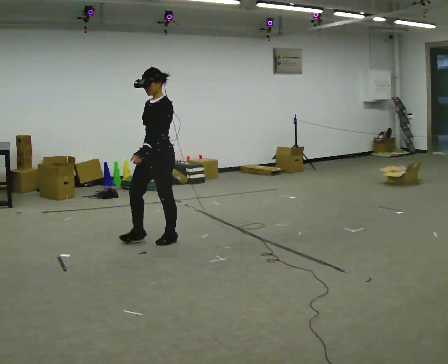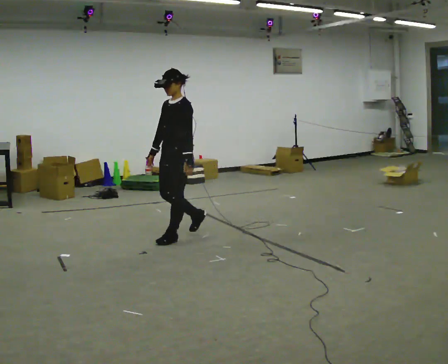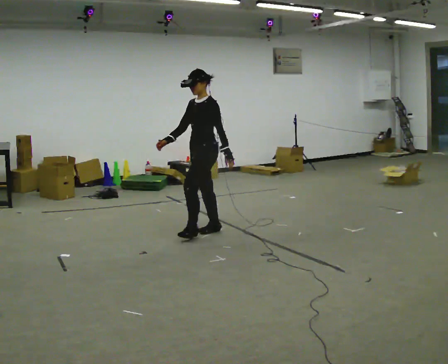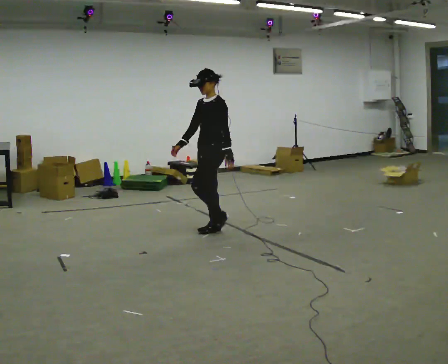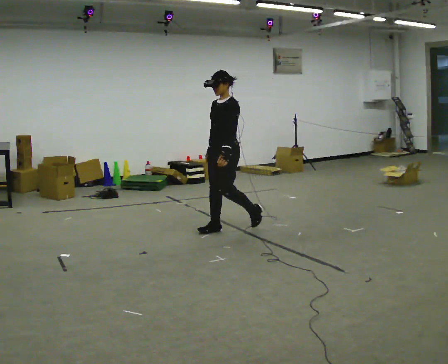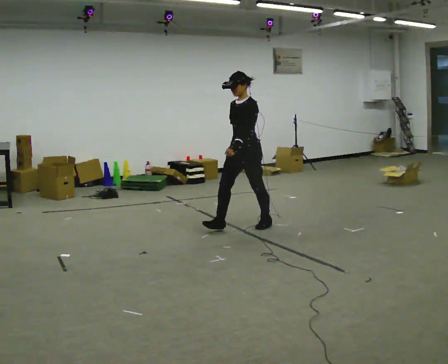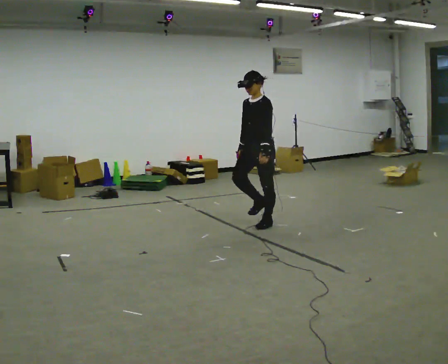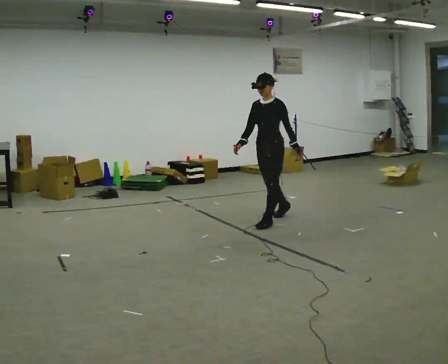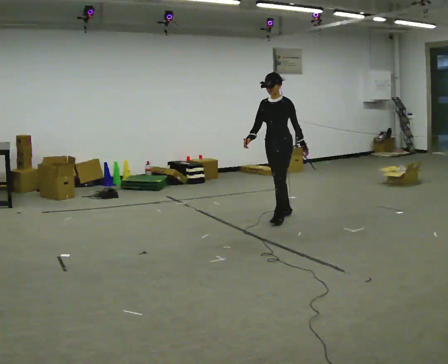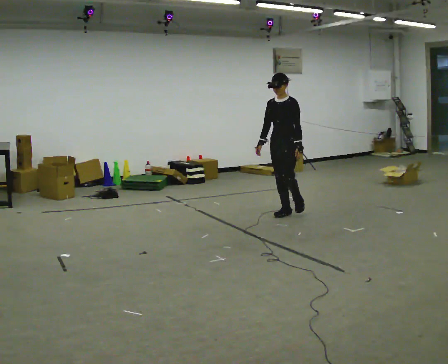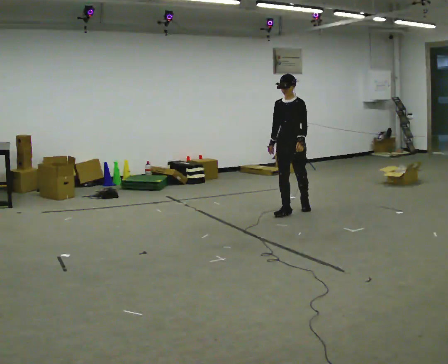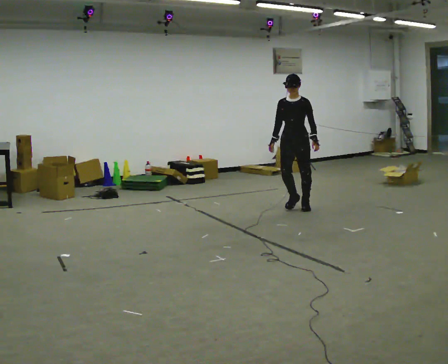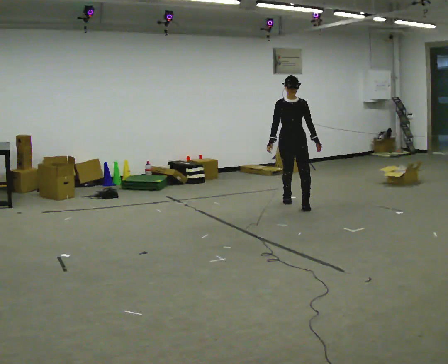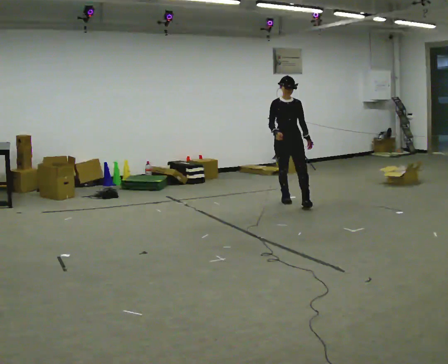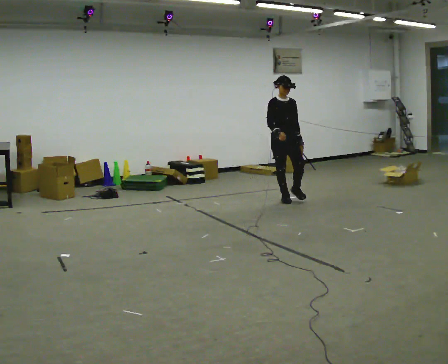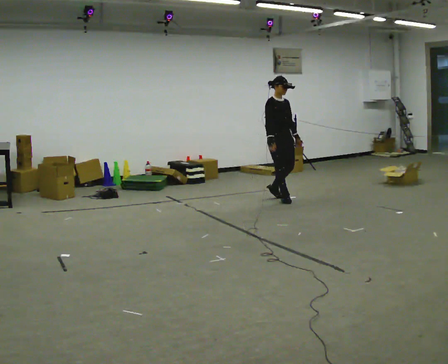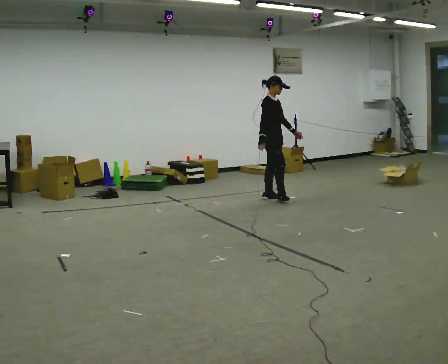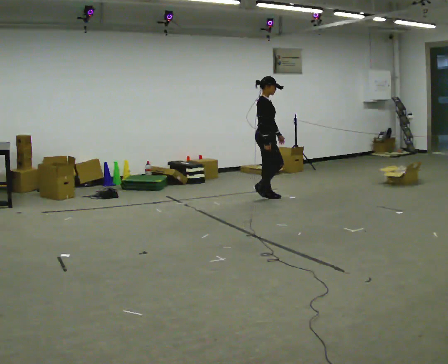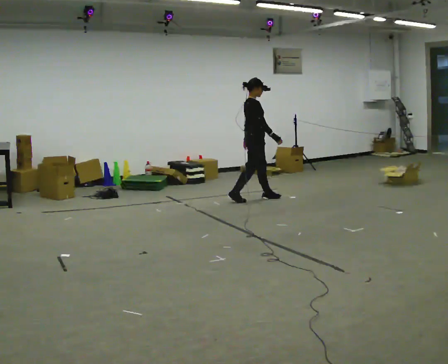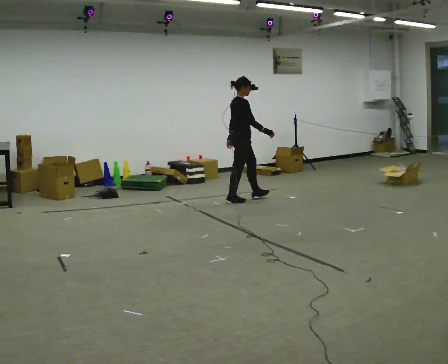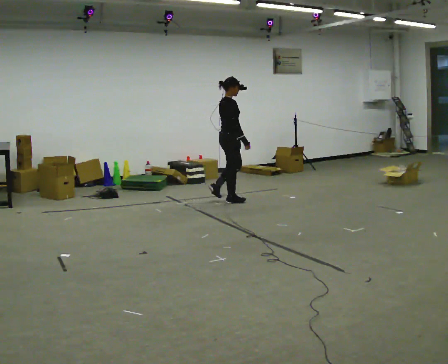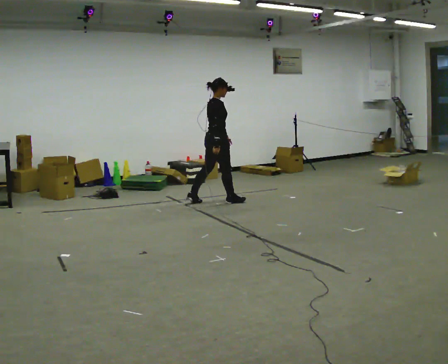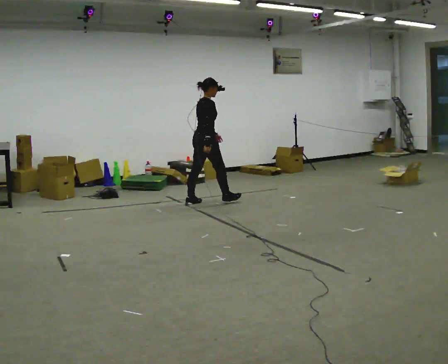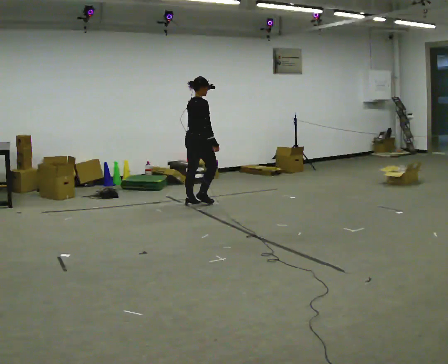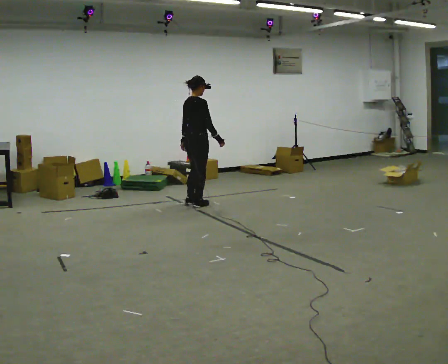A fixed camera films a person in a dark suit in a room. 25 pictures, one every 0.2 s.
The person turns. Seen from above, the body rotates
counterclockwise.
The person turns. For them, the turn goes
to their left.
0.0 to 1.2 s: In the picture they go to the right and away from the camera, about 1 m in 2 steps, which for them is backward.
1.2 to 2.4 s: The person turns about 30 degrees to their left, counterclockwise seen from above, so the part of the body nearest the lens slides to the right. In the picture they go away from the camera and to the right, about 1 m in 2 steps, which for them is backward.
2.4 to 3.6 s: Seen from above the body turns counterclockwise, about 105 degrees: to their left, with its near side sliding to the right. In the picture they go to the left and away from the camera, about 0.75 m in 2 steps.
3.6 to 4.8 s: Seen from above the body turns counterclockwise, about 30 degrees: to their left, with its near side sliding to the right. In the picture they go to the left and toward the camera, about 1 m in 2 steps, which for them is backward.
The film runs backward here.
